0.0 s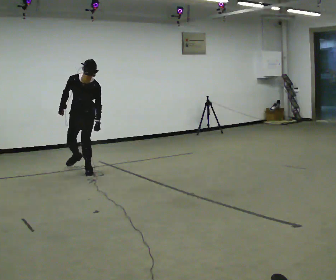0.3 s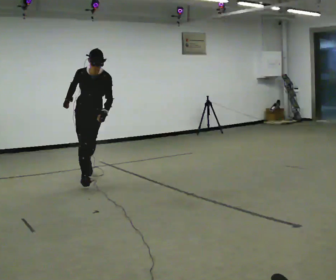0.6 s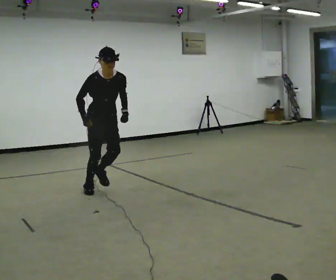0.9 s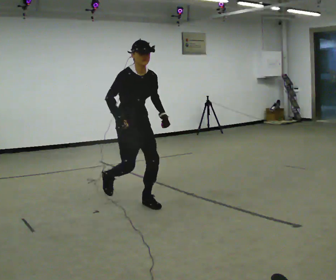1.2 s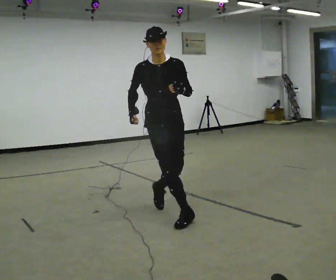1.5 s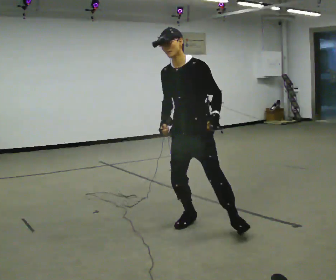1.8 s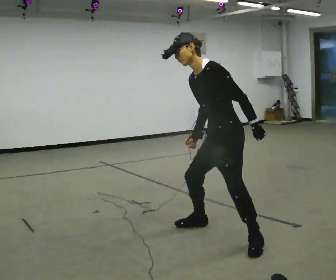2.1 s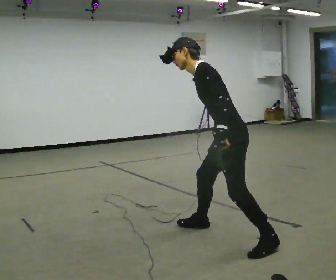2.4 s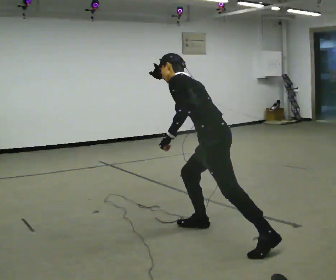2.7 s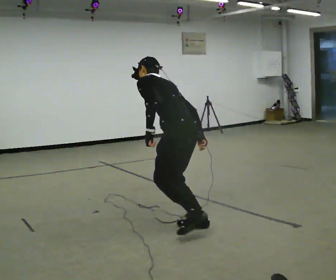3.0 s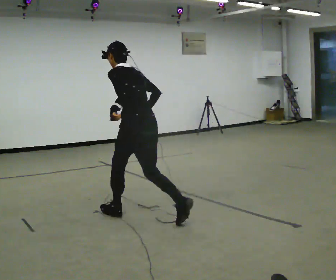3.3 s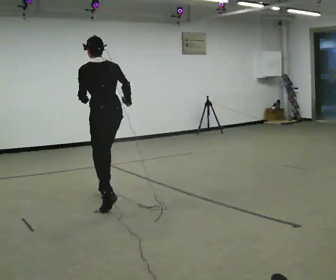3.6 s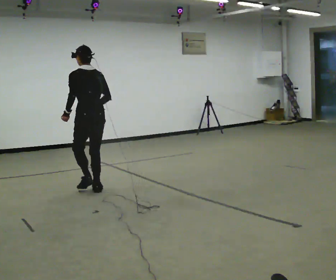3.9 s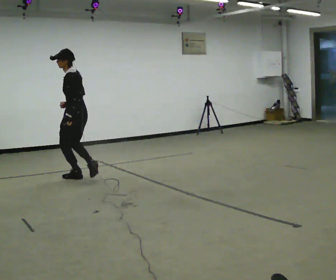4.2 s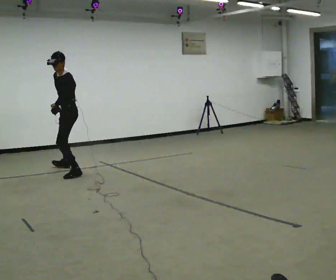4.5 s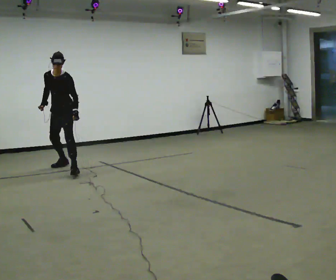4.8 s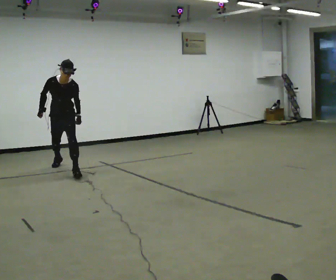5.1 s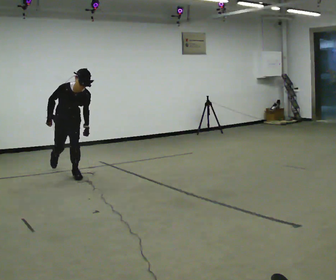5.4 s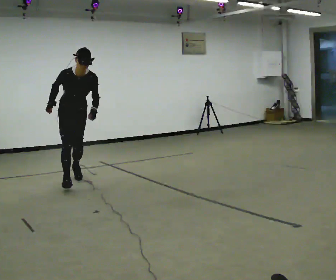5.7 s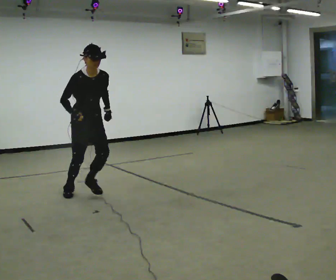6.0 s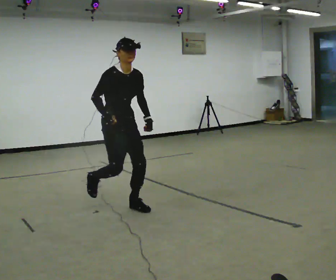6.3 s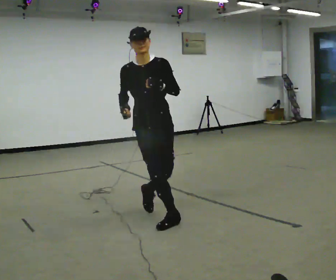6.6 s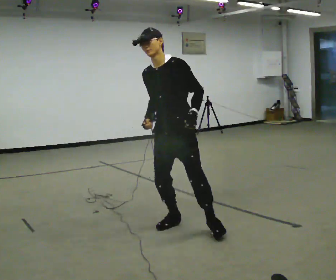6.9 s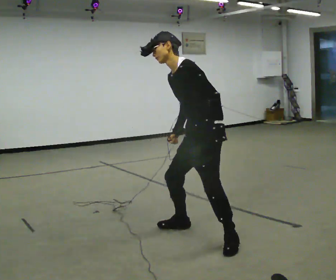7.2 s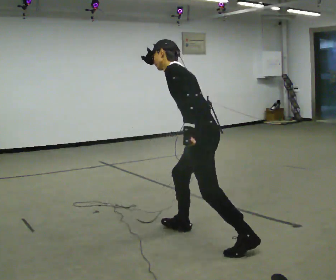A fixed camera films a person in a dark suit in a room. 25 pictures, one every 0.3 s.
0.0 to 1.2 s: In the picture they go toward the camera and to the right, about 2 m in 2 steps, which for them is forward. The upper body tips away from the camera, its near side rolling upward, as they lean back or straighten. In the picture their left hand goes upward.
1.2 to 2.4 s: The person turns about 120 degrees to their right, clockwise seen from above, so the part of the body nearest the lens slides to the left. In the picture they go toward the camera and to the right, about 0.5 m in 4 steps. The shoulders move downward. The upper body tips away from the camera, its near side rolling upward, as they bend forward.
2.4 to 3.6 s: Seen from above the body turns clockwise, about 45 degrees: to their right, with its near side sliding to the left. In the picture they go away from the camera and to the left, about 2 m in 2 steps, which for them is forward. In the picture the upper body tilts clockwise, shoulders to the right, as they lean back or straighten.
3.6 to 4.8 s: The person turns about 150 degrees to their left, counterclockwise seen from above, so the part of the body nearest the lens slides to the right. In the picture they go away from the camera and to the left, about 1 m in 3 steps. The upper body tips toward the camera, its near side rolling downward.
4.8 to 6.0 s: The person turns about 30 degrees to their left, counterclockwise seen from above, so the part of the body nearest the lens slides to the right. In the picture they go toward the camera and to the right, about 2 m in 2 steps, which for them is forward.
6.0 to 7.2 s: The person turns about 150 degrees to their right, clockwise seen from above, so the part of the body nearest the lens slides to the left. In the picture they go toward the camera and to the right, about 1.5 m in 3 steps. The upper body tips away from the camera, its near side rolling upward.
The film runs forward here.
